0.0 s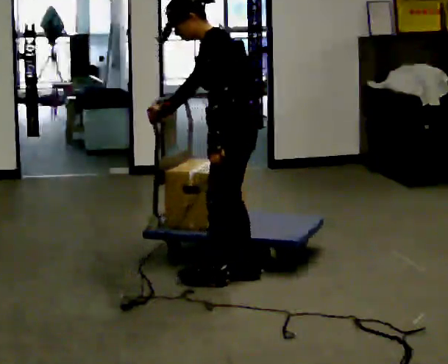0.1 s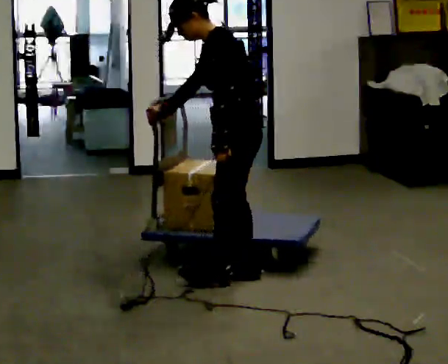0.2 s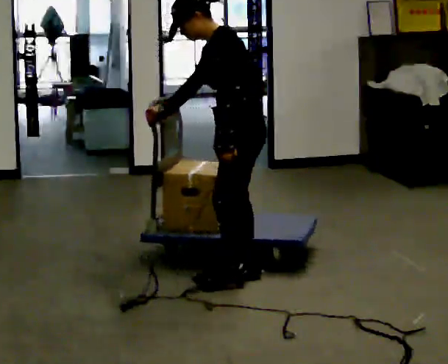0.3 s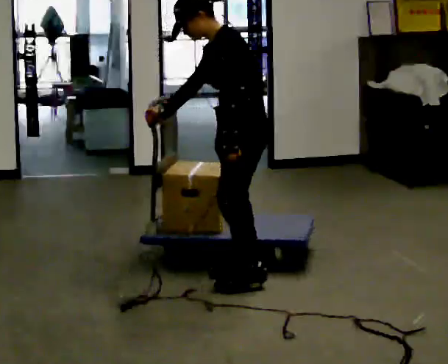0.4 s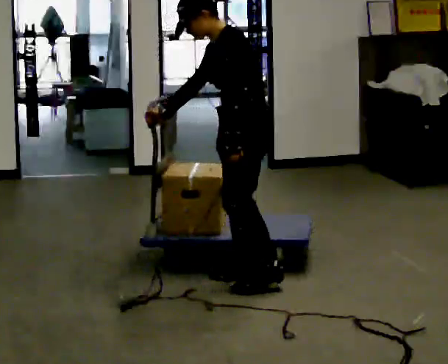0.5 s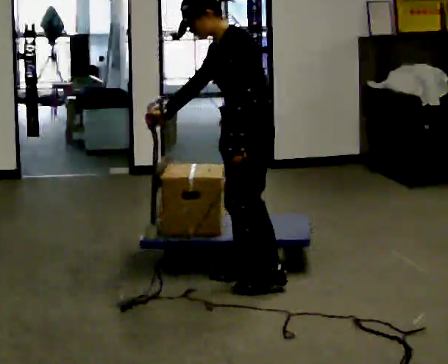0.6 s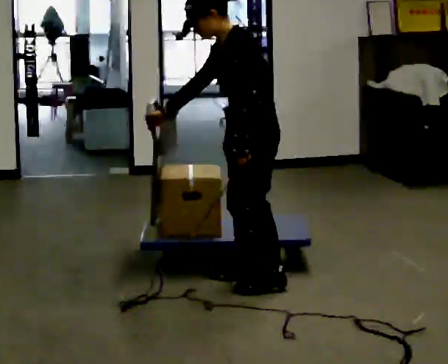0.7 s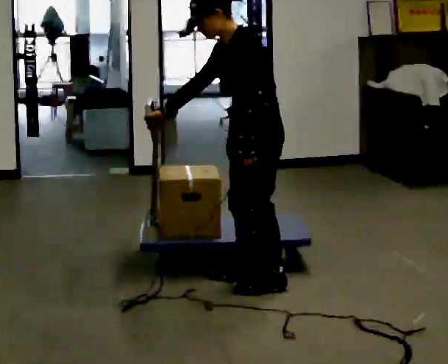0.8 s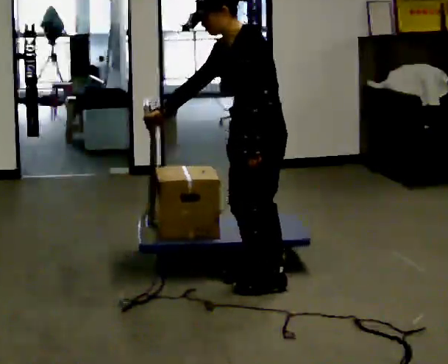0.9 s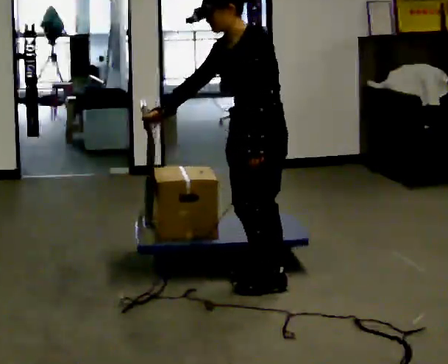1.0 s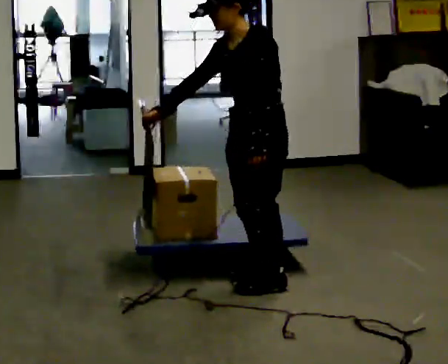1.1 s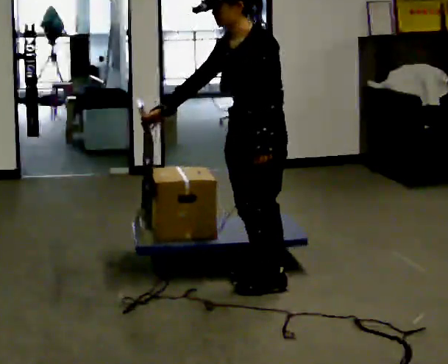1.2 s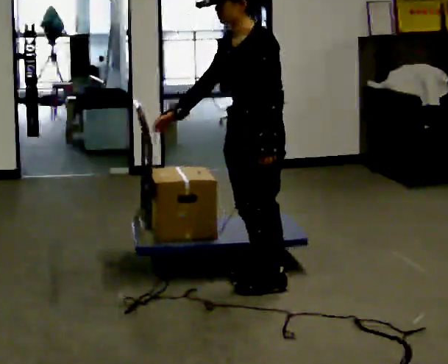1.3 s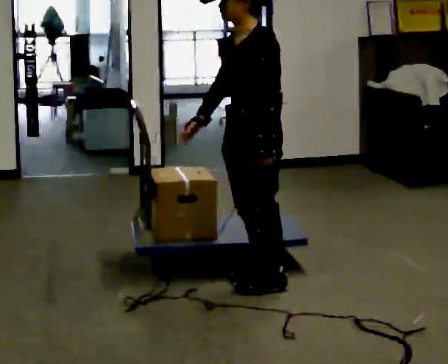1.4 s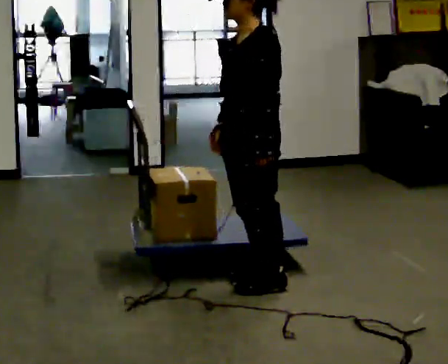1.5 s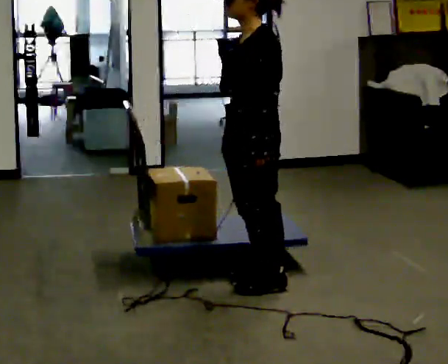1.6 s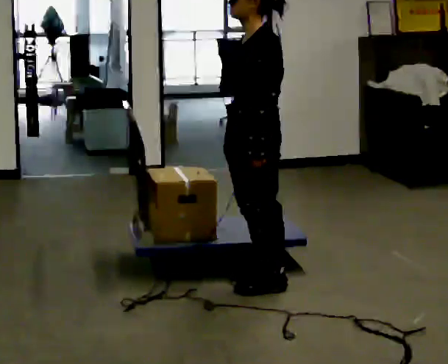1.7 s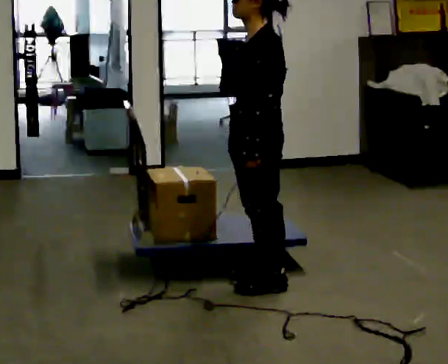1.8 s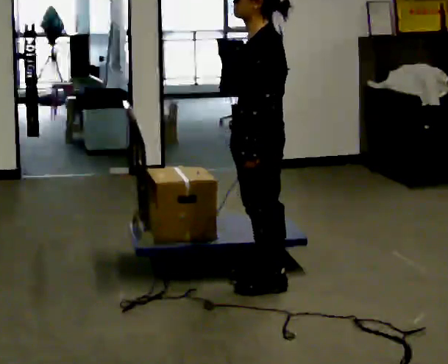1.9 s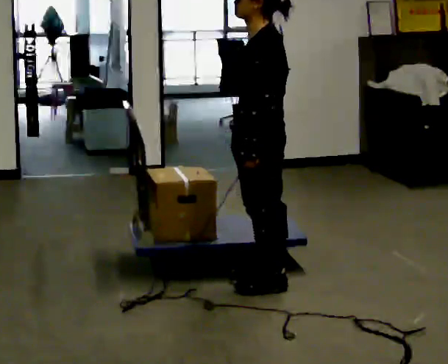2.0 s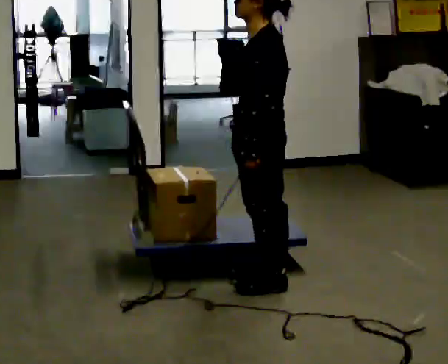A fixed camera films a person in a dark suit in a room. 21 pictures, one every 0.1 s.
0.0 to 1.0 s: The person turns about 30 degrees to their left, counterclockwise seen from above, so the part of the body nearest the lens slides to the right.
1.0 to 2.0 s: In the picture their right hand goes to the right, the arm swinging counterclockwise.
The film runs forward here.
